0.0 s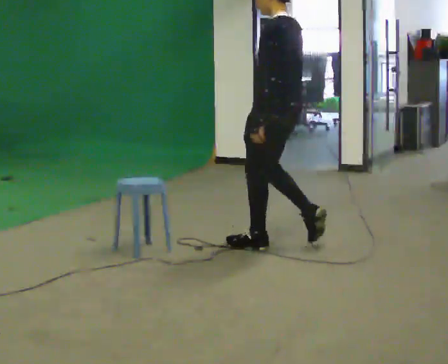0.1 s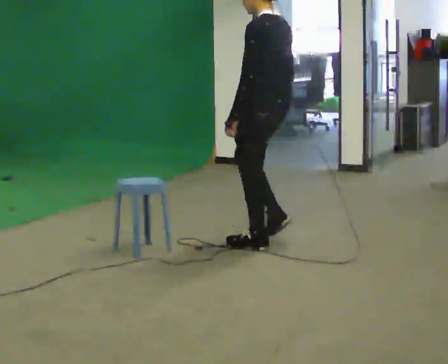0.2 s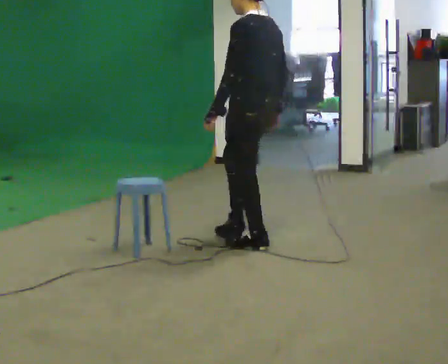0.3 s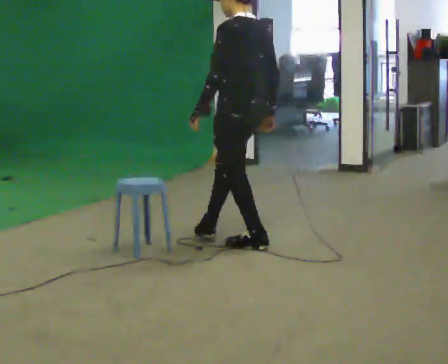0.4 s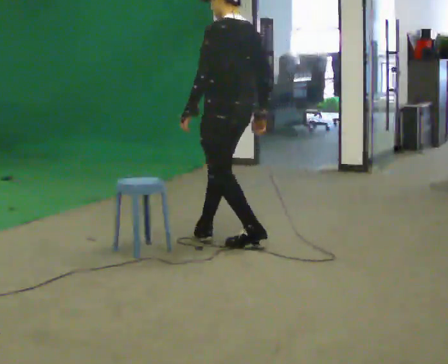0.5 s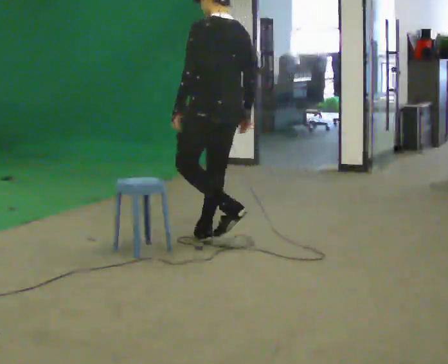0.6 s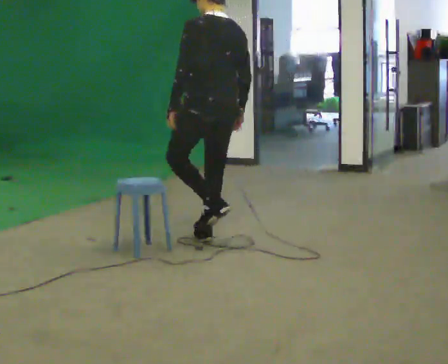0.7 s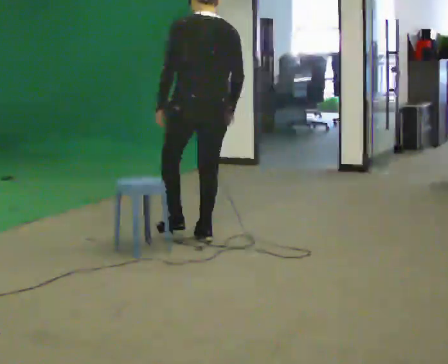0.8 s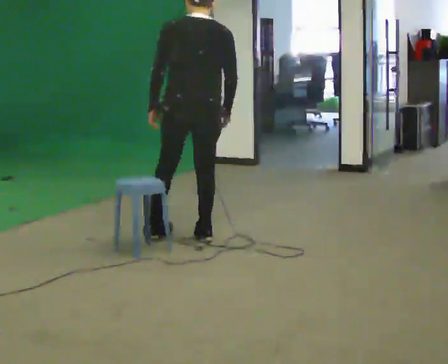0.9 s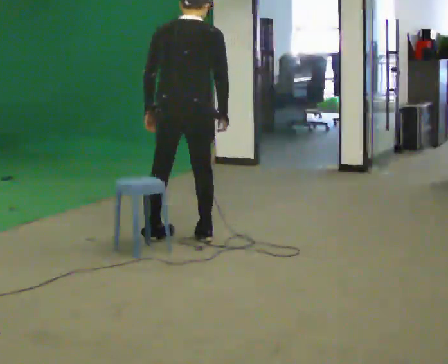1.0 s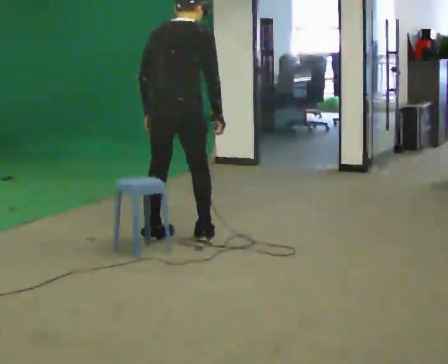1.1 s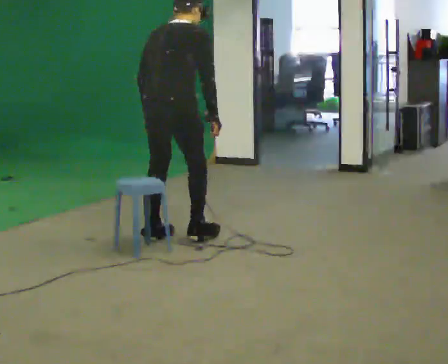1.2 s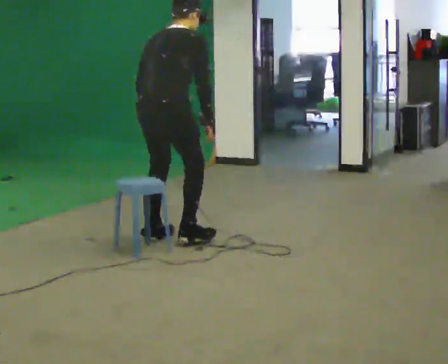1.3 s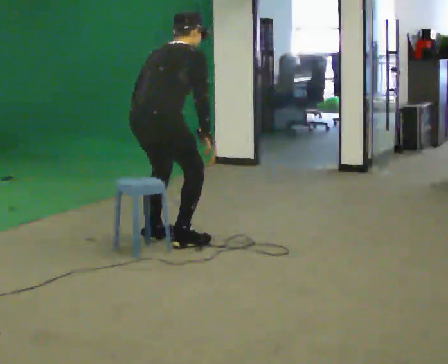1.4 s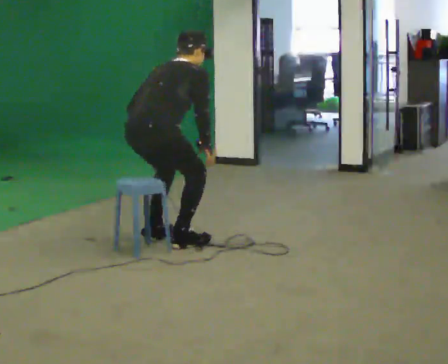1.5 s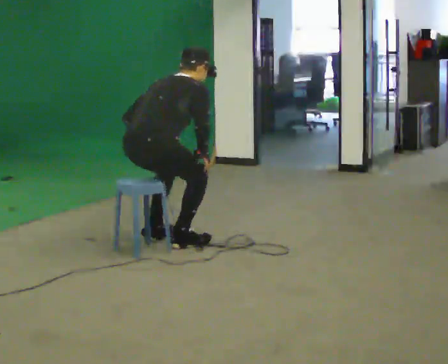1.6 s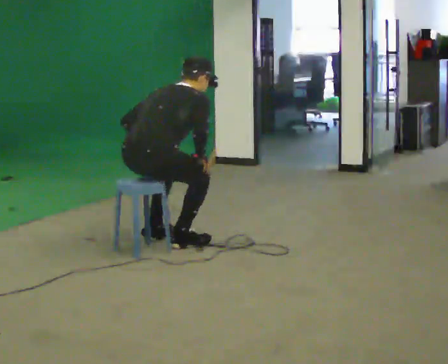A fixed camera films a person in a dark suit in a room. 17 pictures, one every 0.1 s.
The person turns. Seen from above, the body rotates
clockwise.
The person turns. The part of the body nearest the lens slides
to the left.
0.0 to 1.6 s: Seen from above the body turns clockwise, about 105 degrees: to their right, with its near side sliding to the left. In the picture they go to the left, about 1 m in 3 steps. The shoulders move downward. The upper body tips away from the camera, its near side rolling upward, as they bend forward.
The film runs forward here.
